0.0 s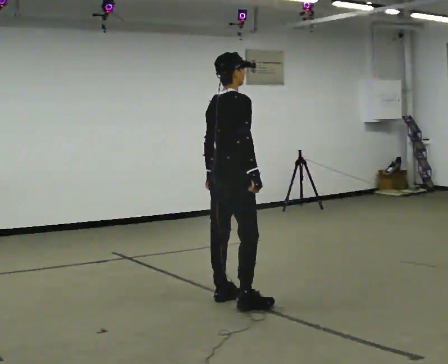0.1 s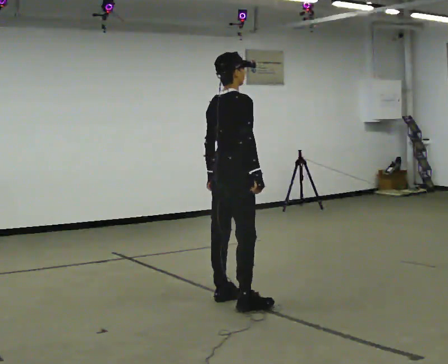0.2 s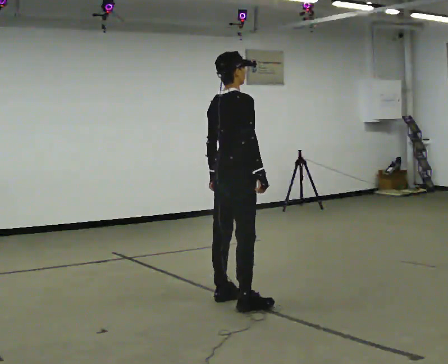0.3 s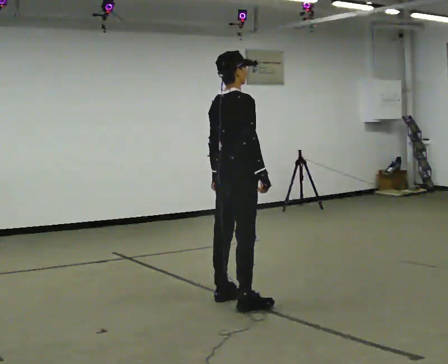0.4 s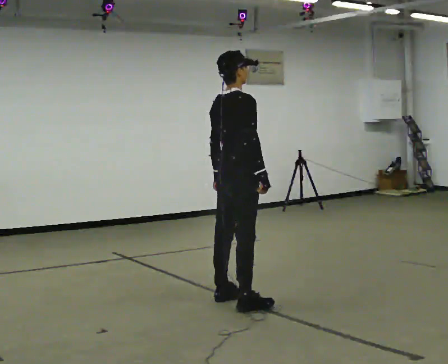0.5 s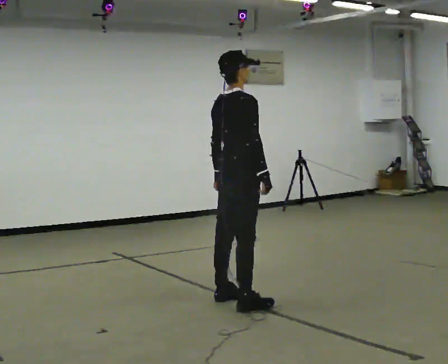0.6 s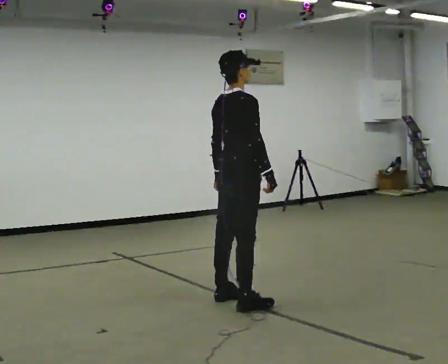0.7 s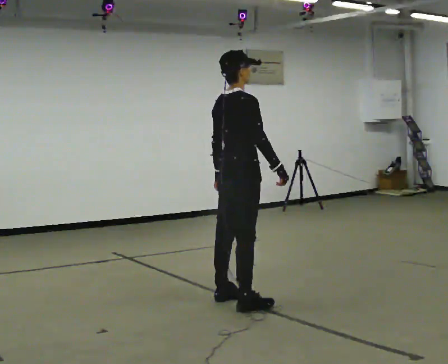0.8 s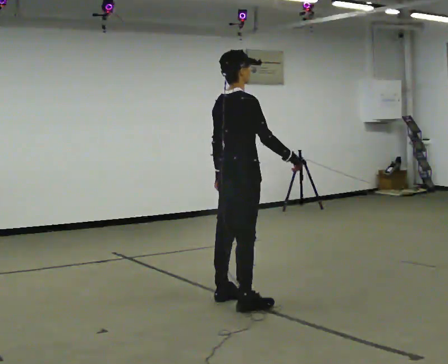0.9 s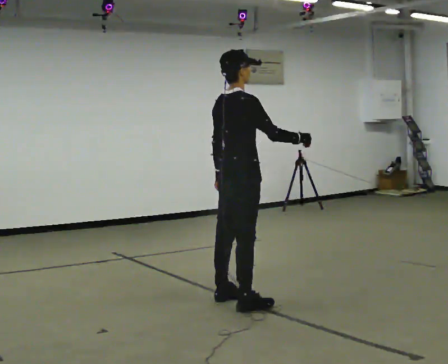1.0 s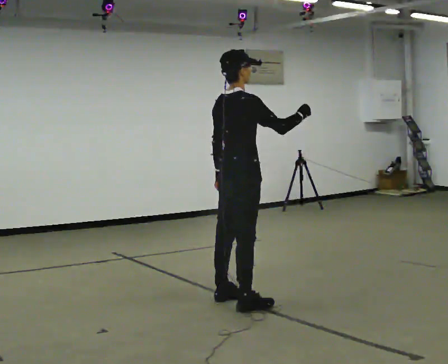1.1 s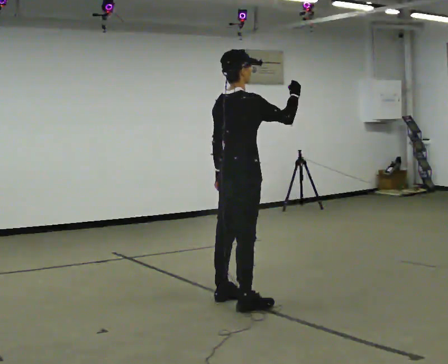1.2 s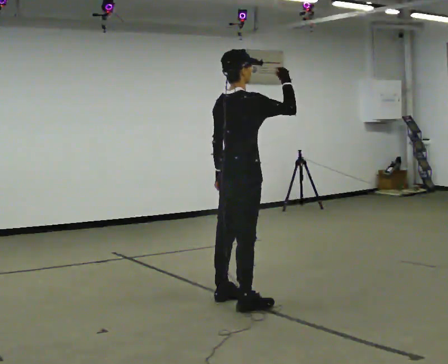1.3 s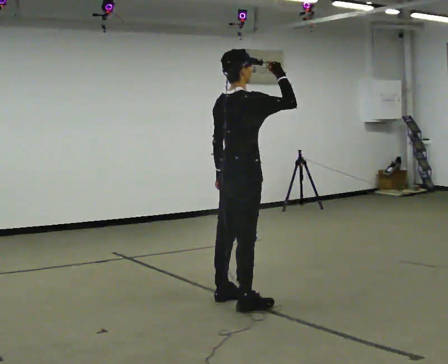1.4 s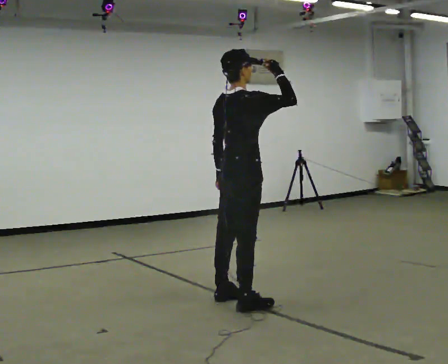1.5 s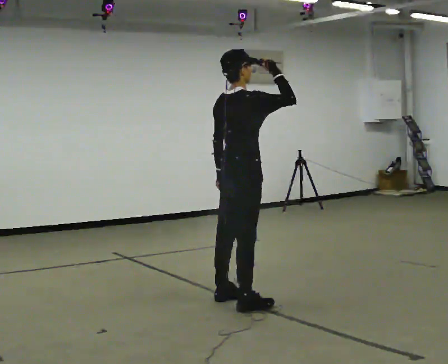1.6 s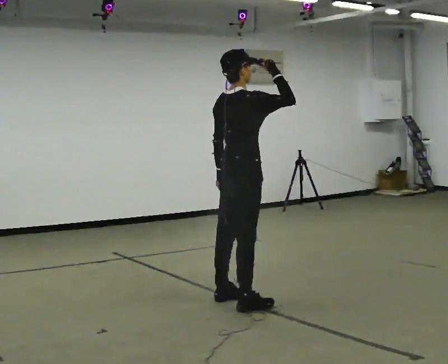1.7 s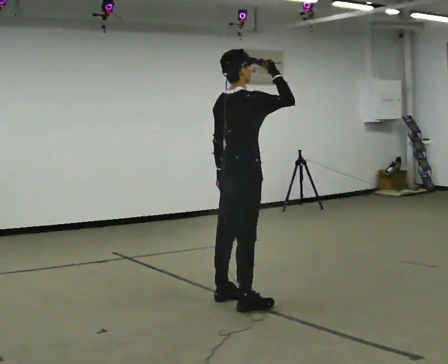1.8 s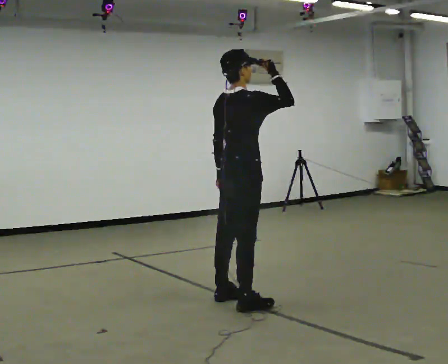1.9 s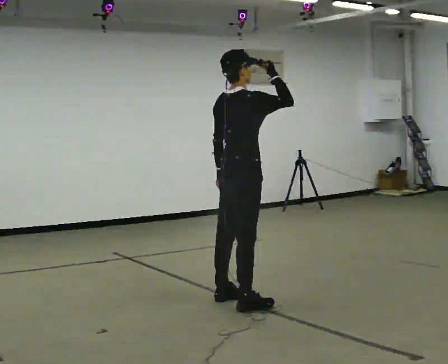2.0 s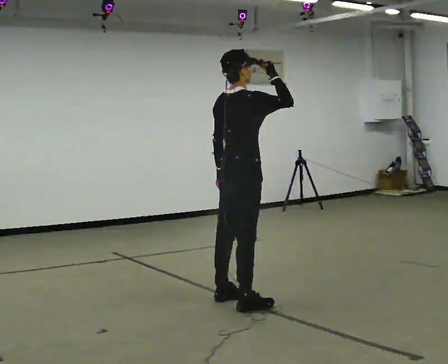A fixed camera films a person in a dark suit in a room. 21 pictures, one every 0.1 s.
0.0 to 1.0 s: In the picture their right hand goes upward, the arm swinging counterclockwise.
1.0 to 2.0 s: The person moves a little, or ends about where they began.
The film runs forward here.
